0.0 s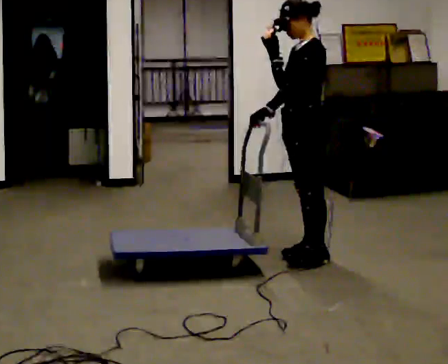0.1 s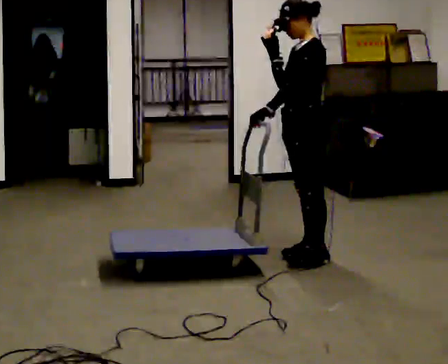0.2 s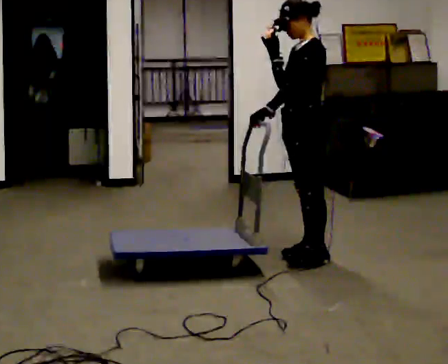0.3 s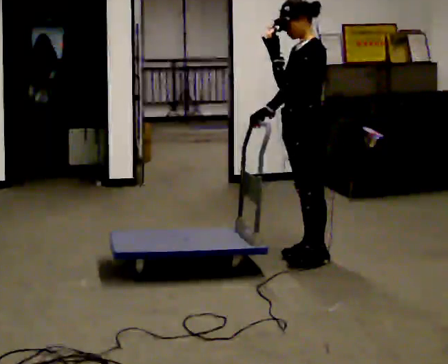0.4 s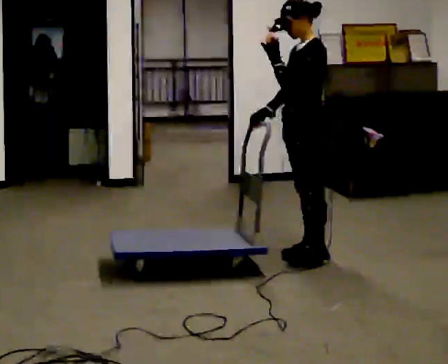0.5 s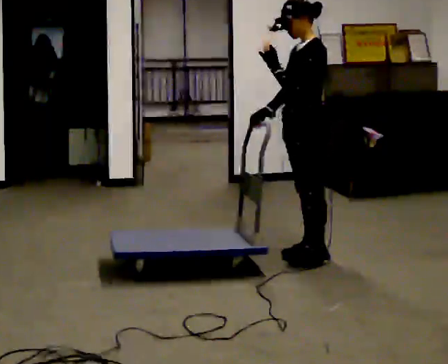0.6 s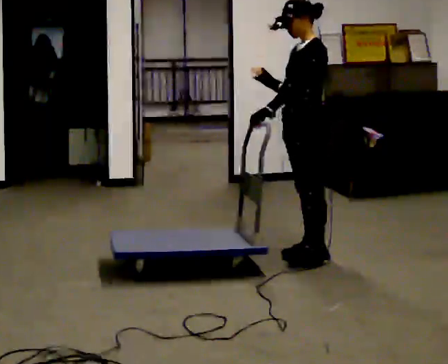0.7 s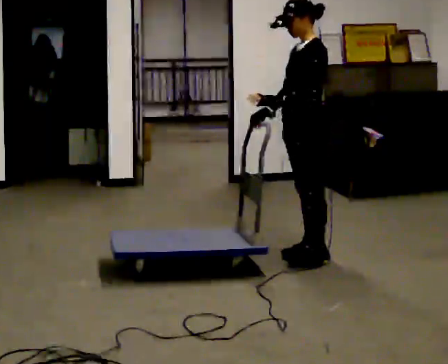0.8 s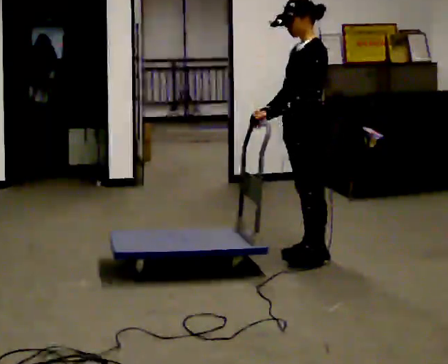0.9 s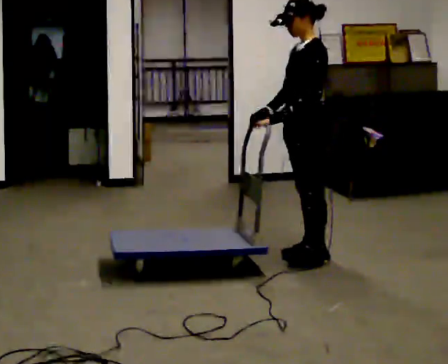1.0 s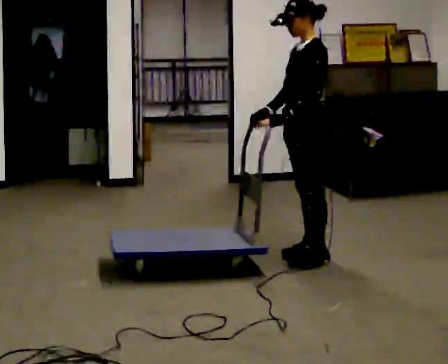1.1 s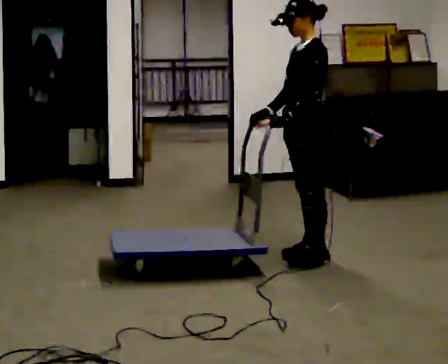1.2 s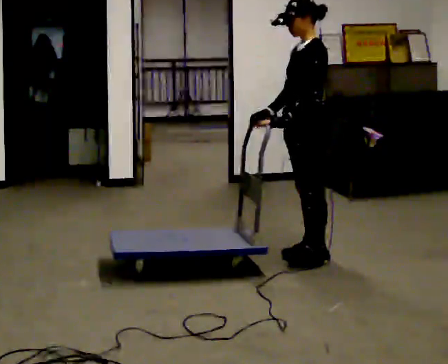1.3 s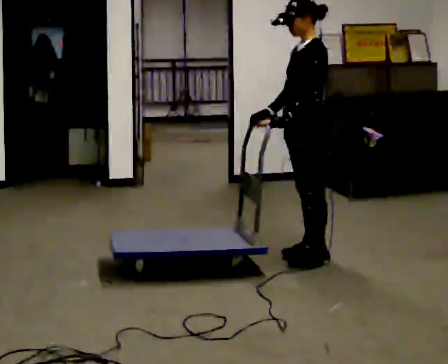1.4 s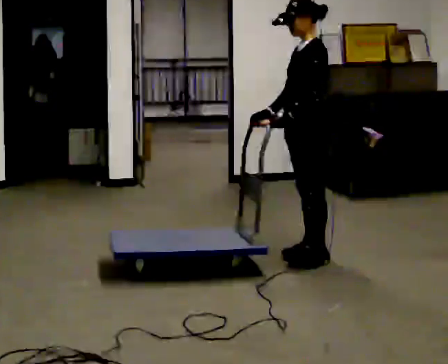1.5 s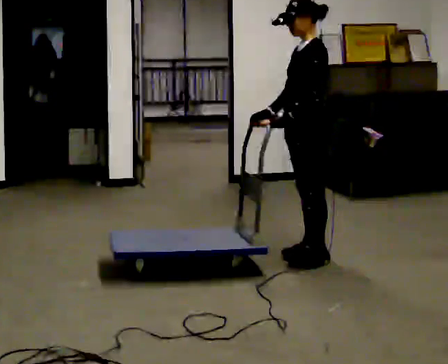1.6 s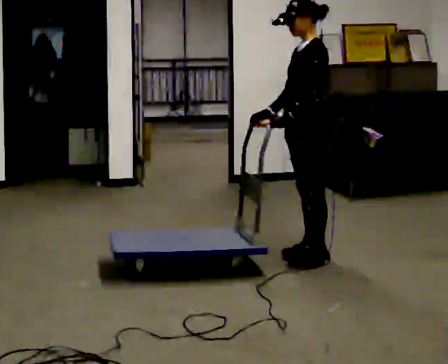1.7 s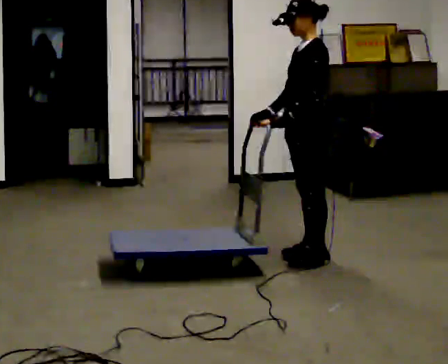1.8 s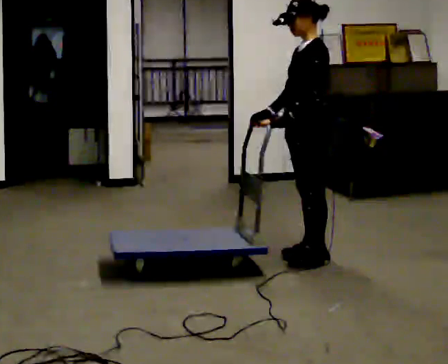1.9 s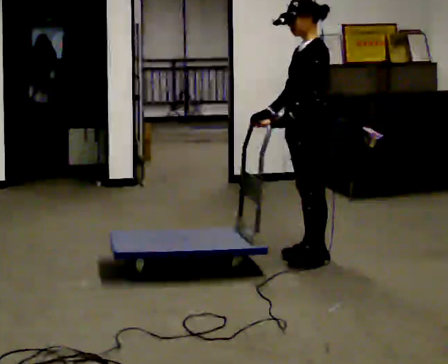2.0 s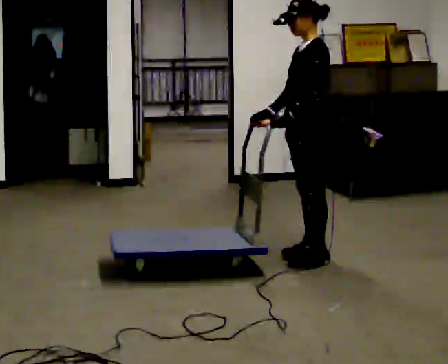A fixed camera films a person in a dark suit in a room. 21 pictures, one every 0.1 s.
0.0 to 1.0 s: In the picture their left hand goes downward.
1.0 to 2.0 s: The person keeps their place and pose.
The film runs forward here.
